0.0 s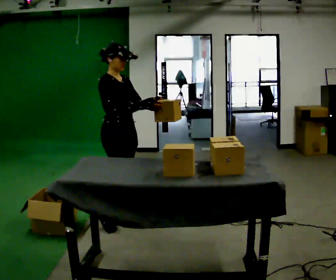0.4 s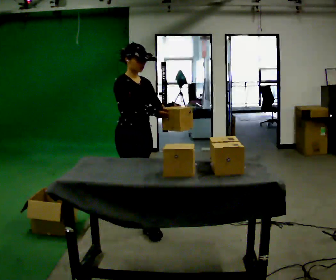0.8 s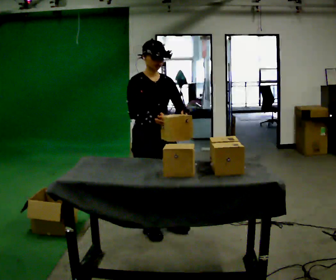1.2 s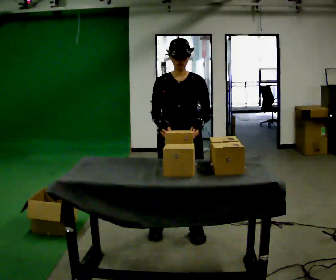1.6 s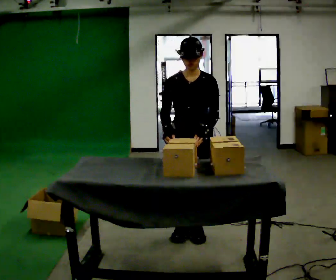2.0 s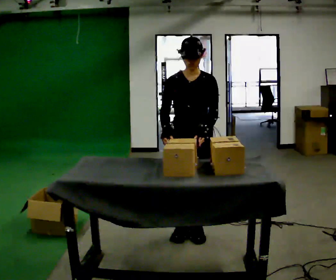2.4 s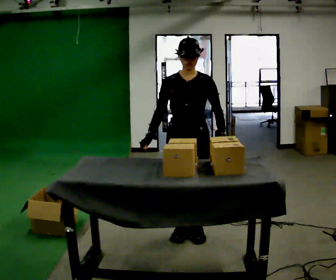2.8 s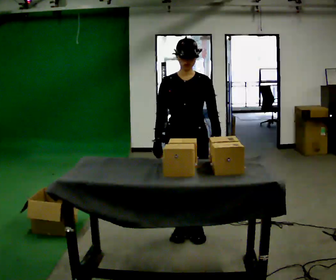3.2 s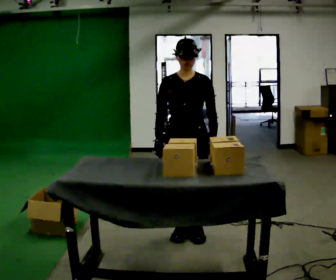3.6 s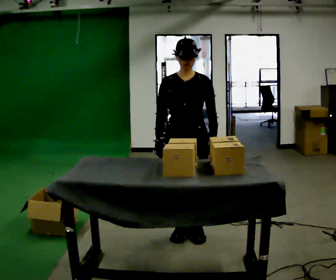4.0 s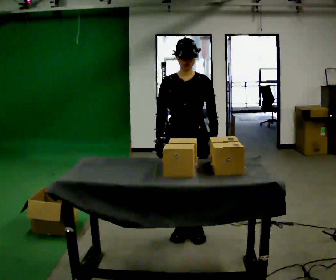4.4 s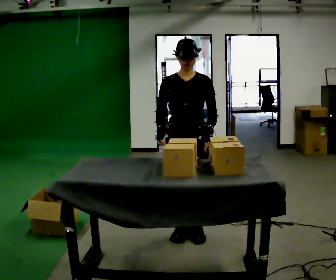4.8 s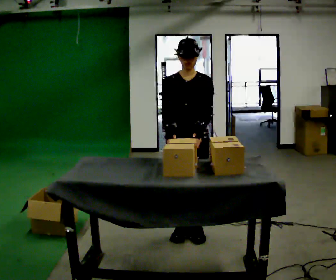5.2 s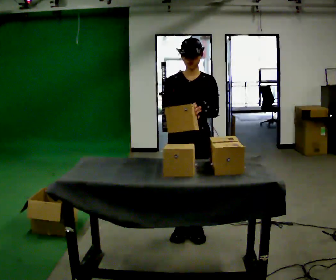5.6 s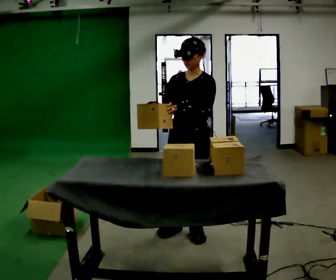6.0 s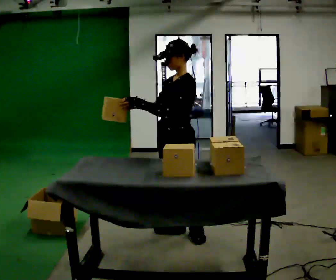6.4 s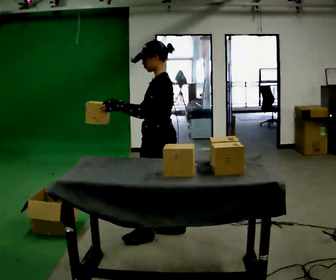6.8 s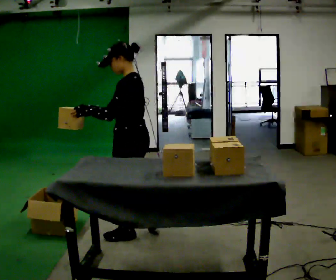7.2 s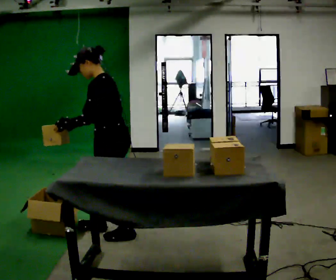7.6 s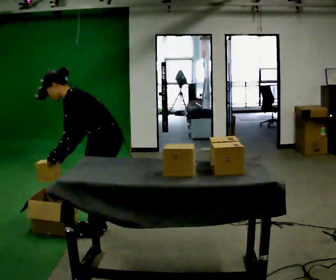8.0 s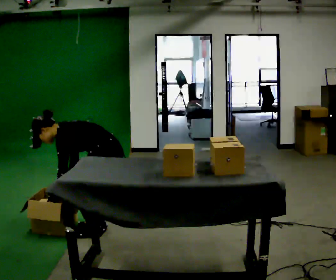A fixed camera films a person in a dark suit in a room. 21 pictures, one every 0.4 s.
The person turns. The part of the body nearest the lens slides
to the left.
The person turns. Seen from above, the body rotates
clockwise.
0.0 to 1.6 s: The part of the body nearest the lens slides to the left as the person turns to their right by about 75 degrees. In the picture they go to the right, about 0.75 m in 3 steps.
1.6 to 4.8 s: The person moves a little, or ends about where they began.
4.8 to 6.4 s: The part of the body nearest the lens slides to the left as the person turns to their right by about 75 degrees. In the picture they go to the left, about 0.25 m. In the picture their right hand goes to the left.
6.4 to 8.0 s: In the picture they go to the left, about 0.5 m in 3 steps, which for them is forward. The upper body goes downward. In the picture the upper body tilts counterclockwise, shoulders to the left, as they bend forward. In the picture their right hand goes downward, the arm swinging counterclockwise.
The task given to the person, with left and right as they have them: Carry each object across the room and drop it into the container on the floor, then walk back for the next one. Keep going until the operator says stop; one object at a time, and do not rush between trips.
The film runs forward here.
